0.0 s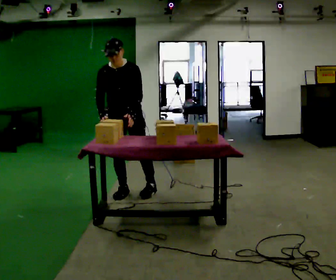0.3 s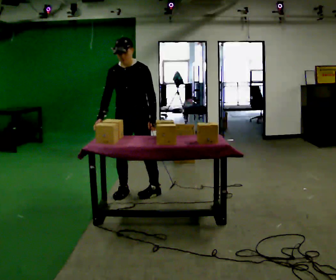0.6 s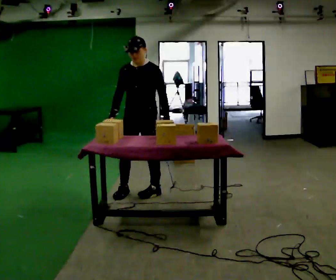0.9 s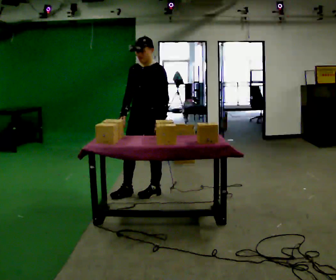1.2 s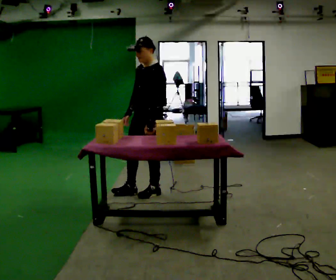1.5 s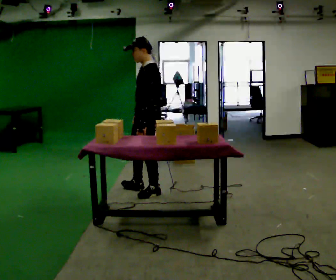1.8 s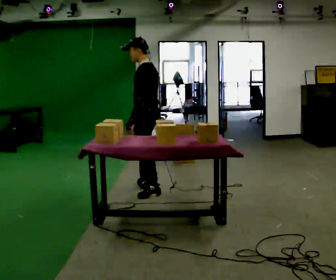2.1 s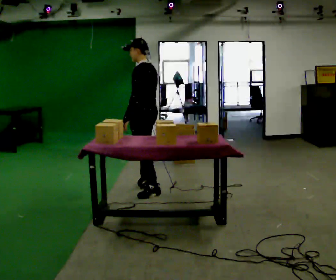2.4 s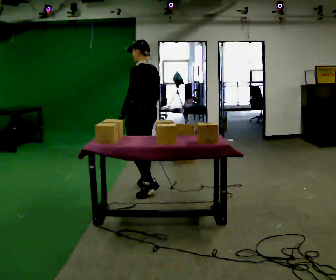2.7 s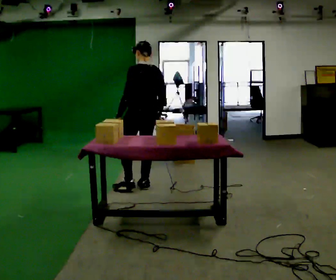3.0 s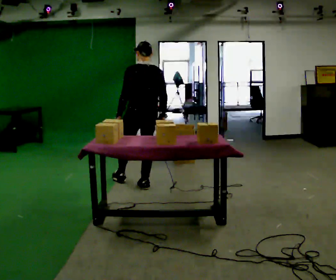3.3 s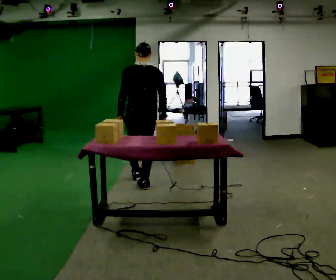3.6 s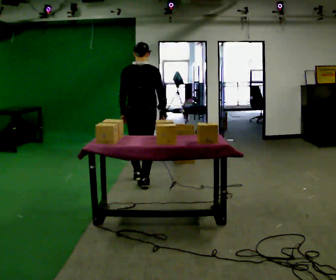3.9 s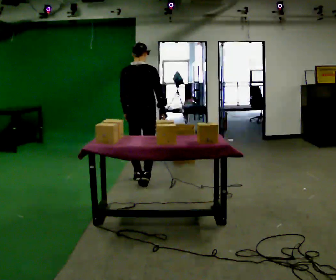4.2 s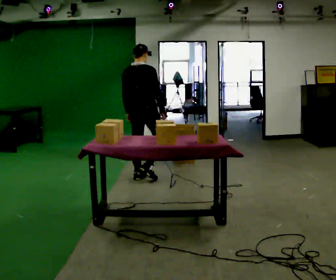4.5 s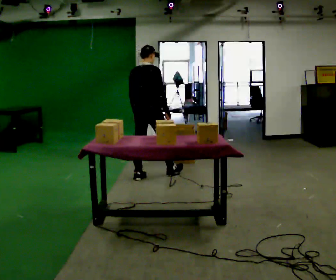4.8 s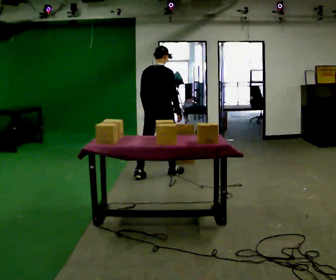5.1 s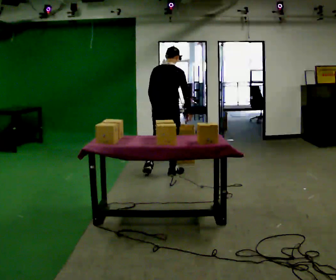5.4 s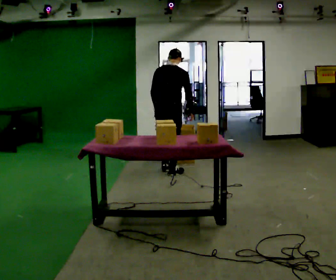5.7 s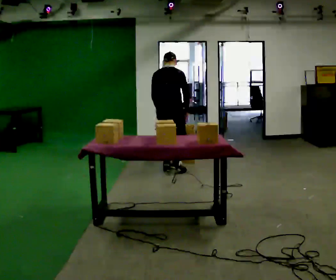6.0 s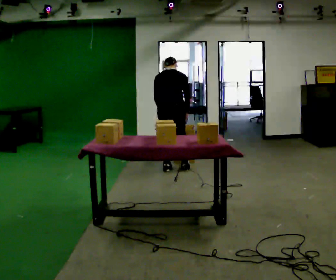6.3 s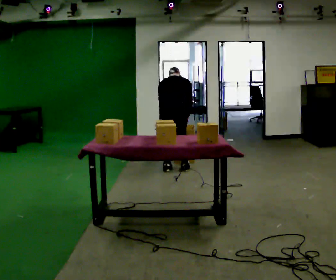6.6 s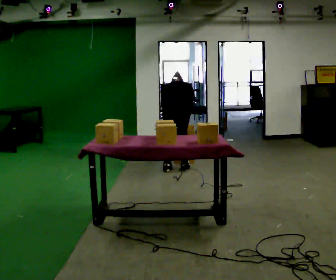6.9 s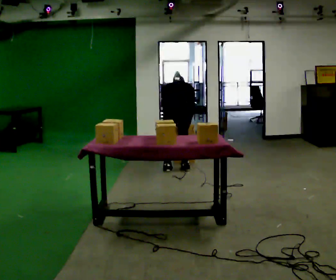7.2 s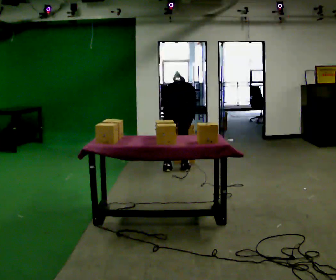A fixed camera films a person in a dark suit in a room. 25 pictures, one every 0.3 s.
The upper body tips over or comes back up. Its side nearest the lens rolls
upward.
The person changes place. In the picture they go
away from the camera.
0.0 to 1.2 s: The part of the body nearest the lens slides to the left as the person turns to their right by about 45 degrees. In the picture they go to the right, about 0.25 m in 1 step, which for them is to their left.
1.2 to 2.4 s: The person turns about 60 degrees to their right, clockwise seen from above, so the part of the body nearest the lens slides to the left. In the picture they go away from the camera, about 0.25 m in 1 step.
2.4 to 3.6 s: The person turns about 75 degrees to their right, clockwise seen from above, so the part of the body nearest the lens slides to the left. In the picture they go away from the camera, about 0.25 m in 1 step.
3.6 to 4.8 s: In the picture they go away from the camera and to the right, about 0.5 m in 1 step, which for them is forward.
4.8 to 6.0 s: In the picture they go away from the camera and to the right, about 0.25 m in 2 steps, which for them is forward. The upper body tips away from the camera, its near side rolling upward, as they bend forward.
6.0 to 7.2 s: The upper body goes downward. The upper body tips away from the camera, its near side rolling upward, as they bend forward.
The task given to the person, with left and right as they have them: Carry the box over and put it on the shelf with the label facing out towards you. Get the orientation right, not just the position. Keep going until the operator says stop; one object at a time, and do not rush between trips.
The film runs forward here.
